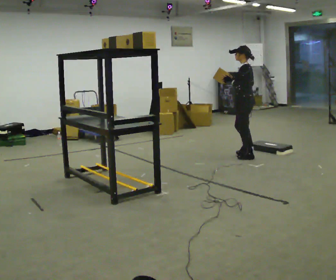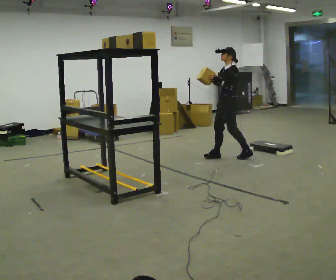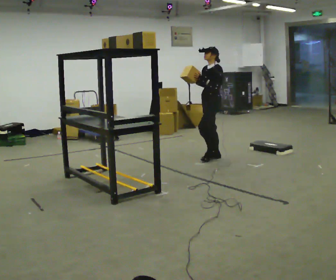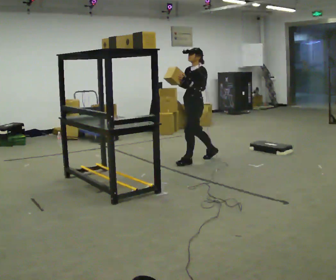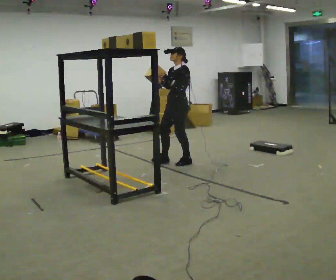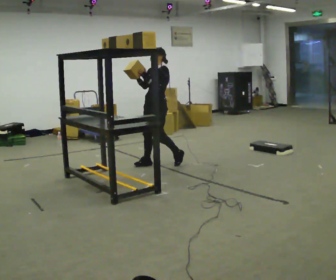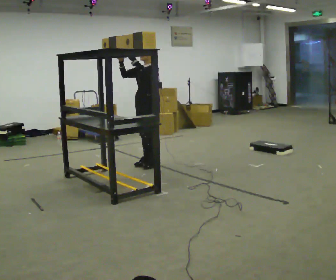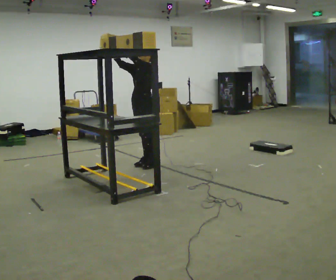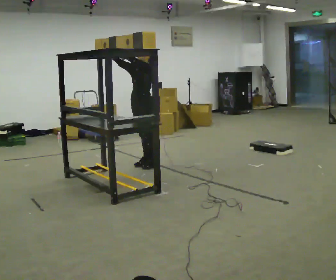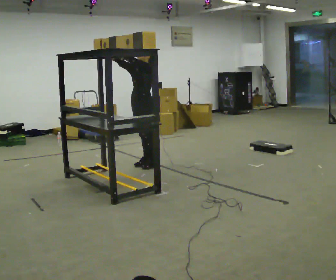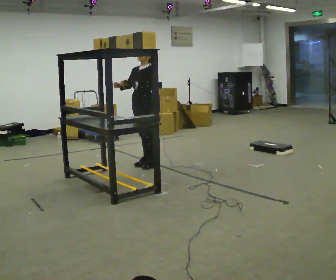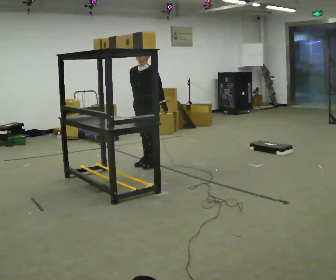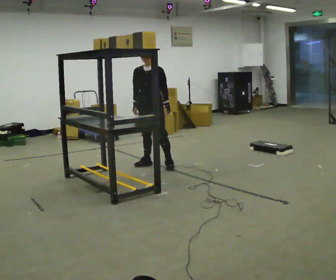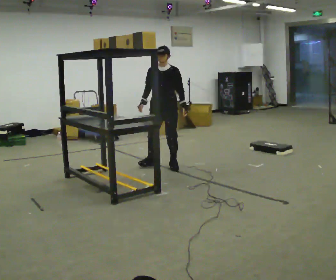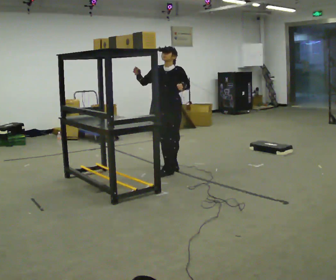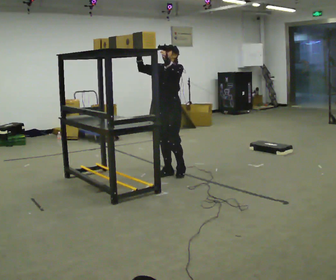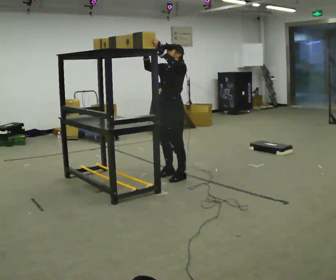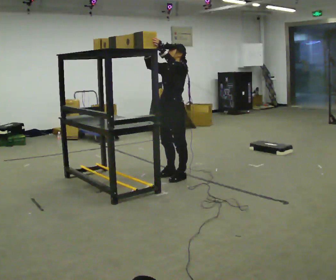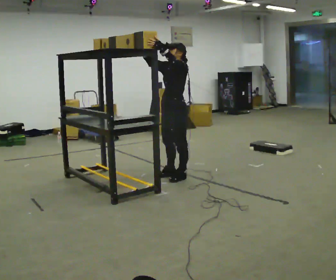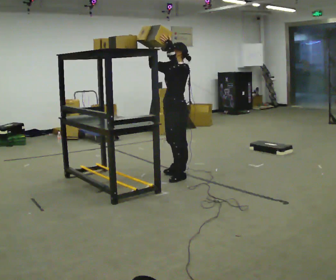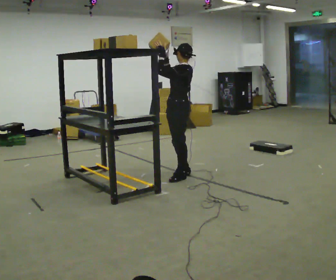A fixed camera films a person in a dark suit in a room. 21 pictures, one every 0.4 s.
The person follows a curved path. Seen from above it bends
counterclockwise.
0.0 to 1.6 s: The person turns about 45 degrees to their left, counterclockwise seen from above, so the part of the body nearest the lens slides to the right. In the picture they go to the left, about 1 m in 2 steps, which for them is forward.
1.6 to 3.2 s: In the picture they go to the left, about 0.5 m in 2 steps, which for them is forward and to their right. In the picture their right hand goes upward.
3.2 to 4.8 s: Seen from above the body turns counterclockwise, about 30 degrees: to their left, with its near side sliding to the right. In the picture their left hand goes downward and to the right.
4.8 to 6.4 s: The part of the body nearest the lens slides to the left as the person turns to their right by about 30 degrees. In the picture they go toward the camera and to the right, about 0.75 m in 3 steps, which for them is forward and to their left. In the picture their left hand goes upward.
6.4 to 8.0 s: Seen from above the body turns clockwise, about 60 degrees: to their right, with its near side sliding to the left.
The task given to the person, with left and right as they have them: Take an object from the lowest shelf, carry it across the room, and place it on the highest shelf you can comfortably reach. Keep going until the operator says stop; one object at a time, and do not rush between trips.
The film runs forward here.
